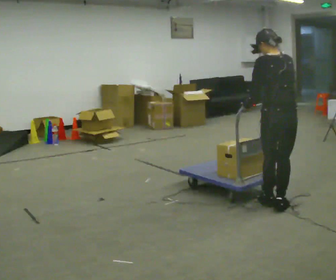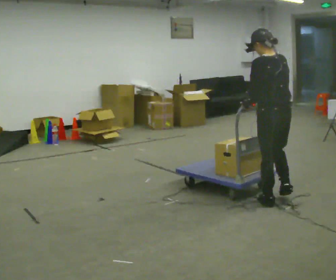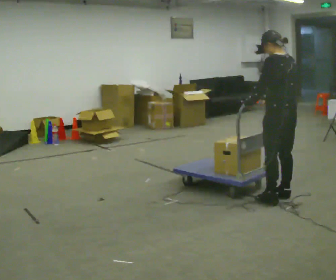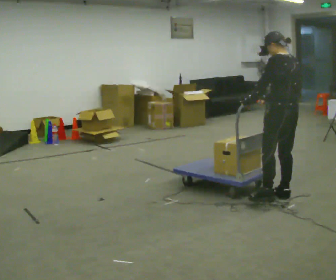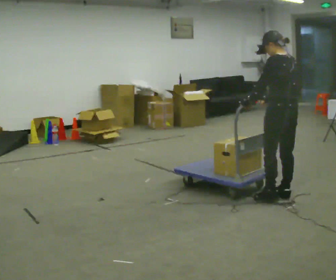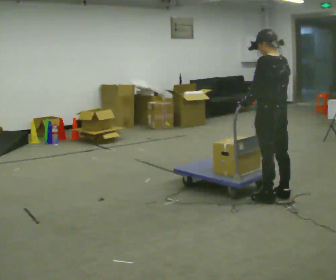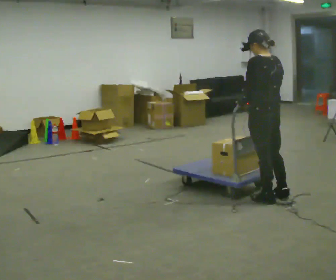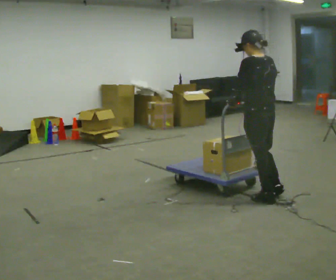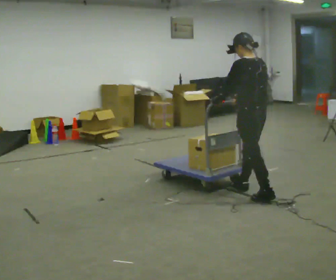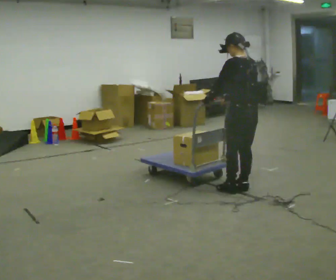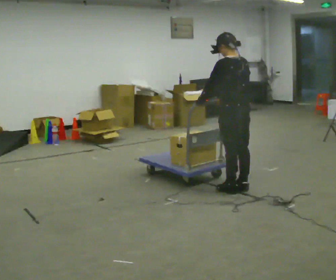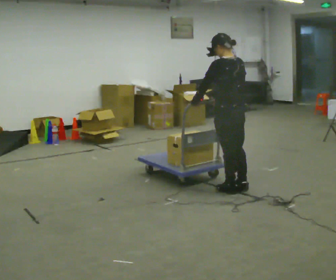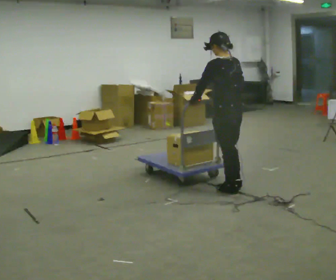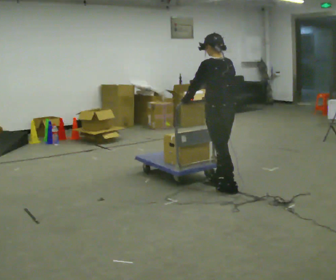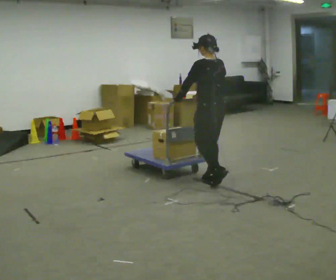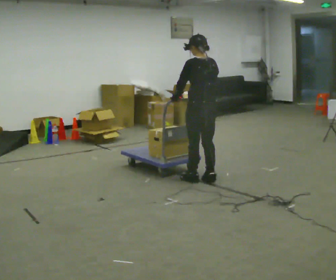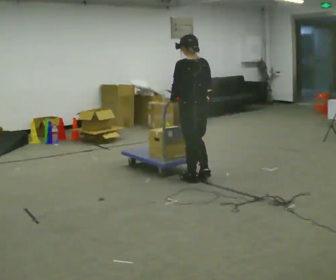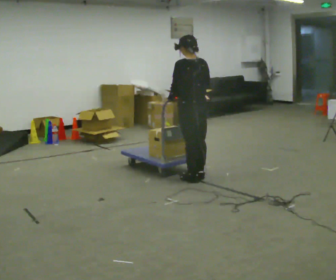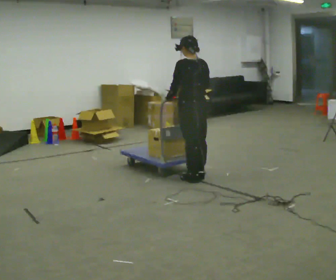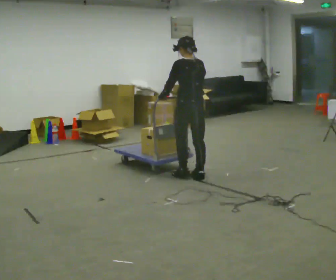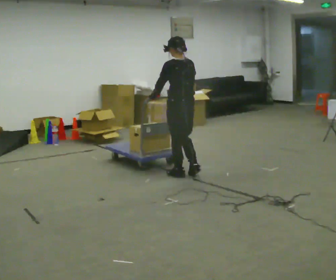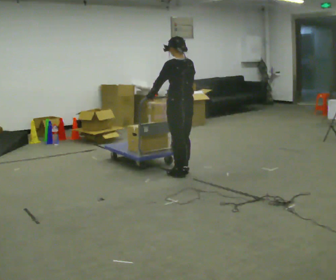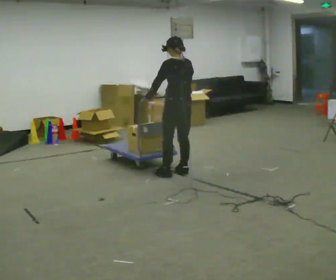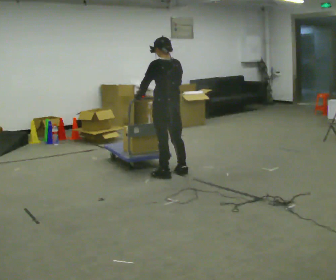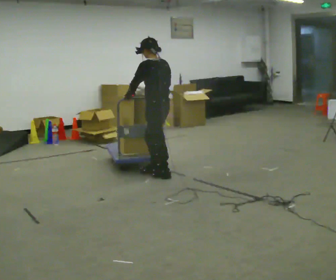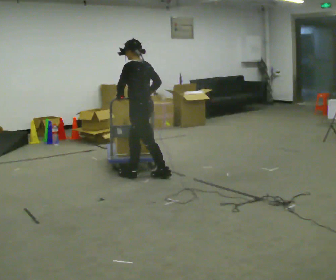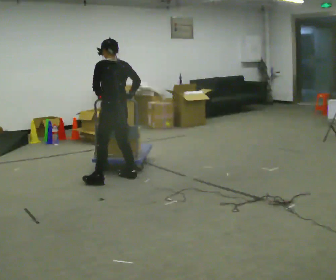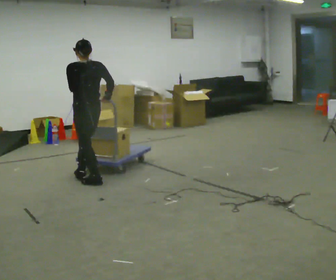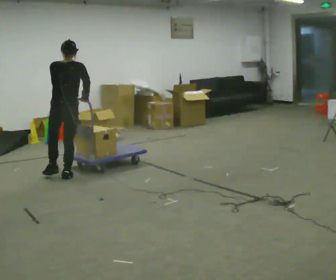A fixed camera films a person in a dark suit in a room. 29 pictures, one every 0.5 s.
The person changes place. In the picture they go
to the left.
0.0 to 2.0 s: The person turns about 30 degrees to their left, counterclockwise seen from above, so the part of the body nearest the lens slides to the right. In the picture they go away from the camera, about 0.25 m in 2 steps, which for them is to their right.
2.0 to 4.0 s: In the picture they go to the left, about 0.25 m in 1 step, which for them is forward and to their left.
4.0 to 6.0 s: In the picture they go to the left, about 0.25 m in 1 step, which for them is forward.
6.0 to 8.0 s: In the picture they go away from the camera and to the left, about 0.5 m in 3 steps, which for them is forward.
8.0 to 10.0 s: In the picture they go away from the camera, about 0.25 m in 2 steps, which for them is forward.
10.0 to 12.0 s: In the picture they go to the left, about 0.25 m in 2 steps, which for them is to their left and forward.
12.0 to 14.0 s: The part of the body nearest the lens slides to the left as the person turns to their right by about 45 degrees. In the picture they go to the left, about 1 m in 3 steps, which for them is forward and to their left.
The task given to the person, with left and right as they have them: Stand still with your hands on the cart. When the operator says go, get it moving, push it a few metres, then bring it to a stop. Repeat until the operator says stop.
The film runs forward here.
